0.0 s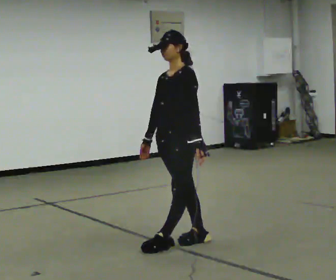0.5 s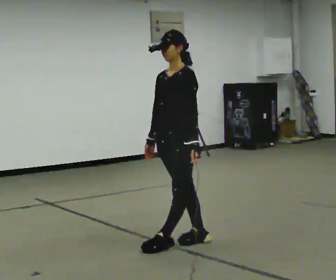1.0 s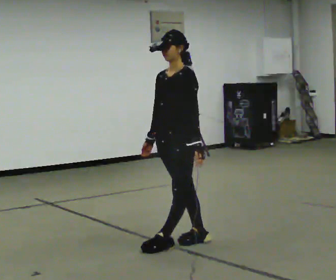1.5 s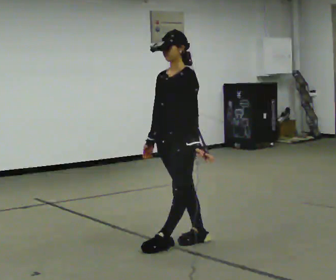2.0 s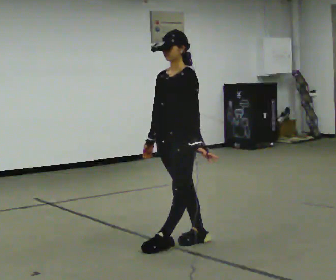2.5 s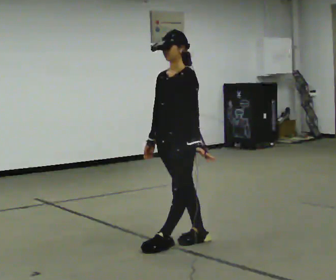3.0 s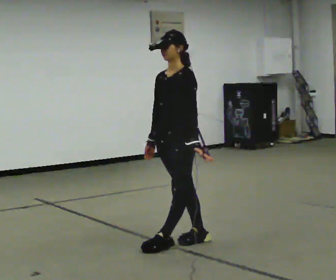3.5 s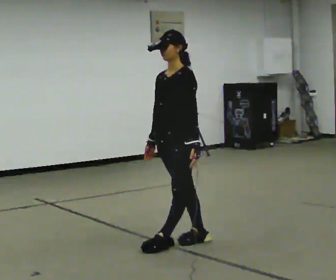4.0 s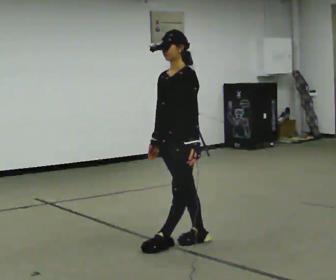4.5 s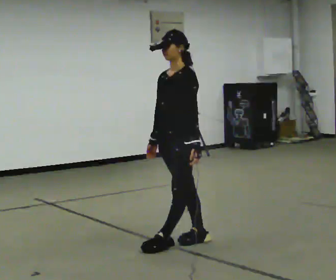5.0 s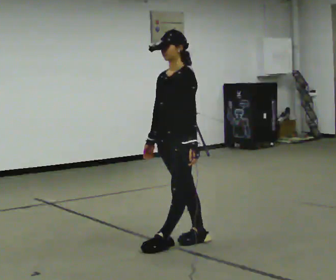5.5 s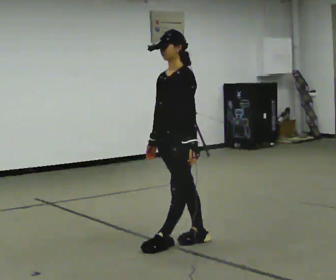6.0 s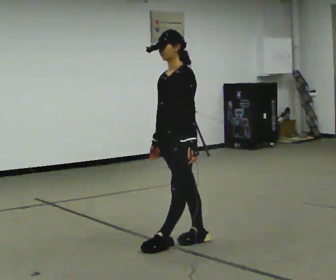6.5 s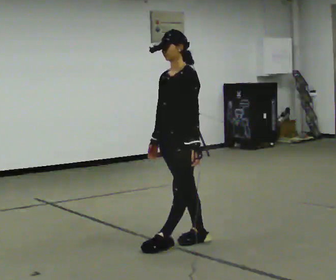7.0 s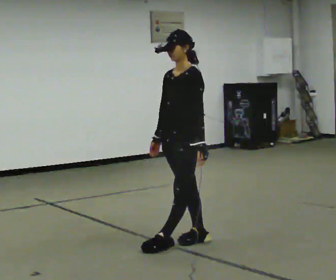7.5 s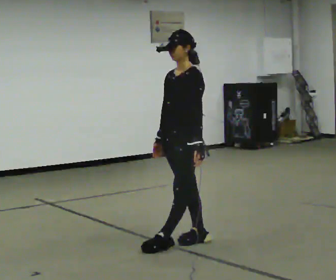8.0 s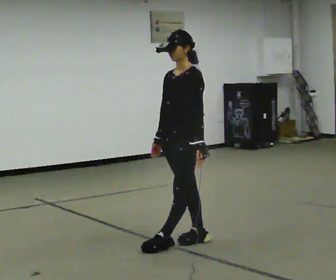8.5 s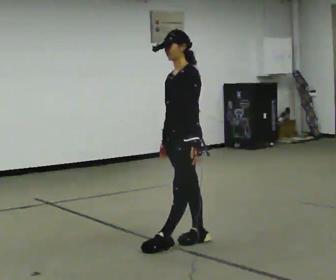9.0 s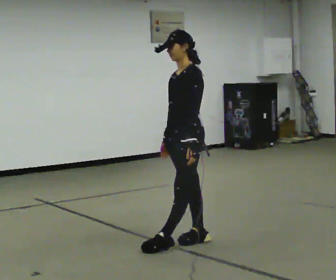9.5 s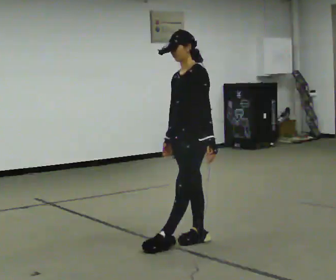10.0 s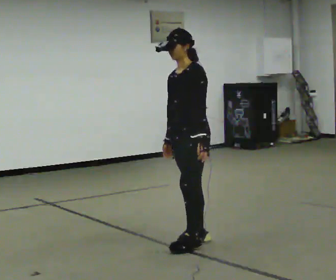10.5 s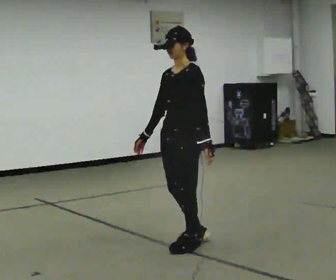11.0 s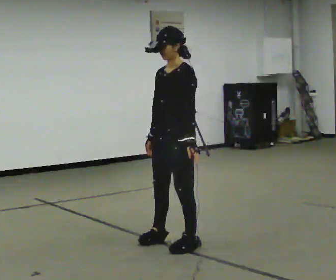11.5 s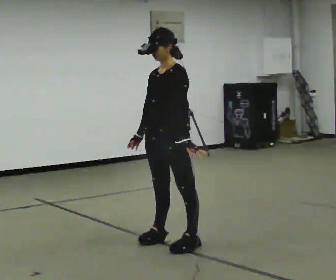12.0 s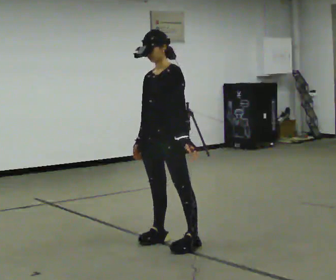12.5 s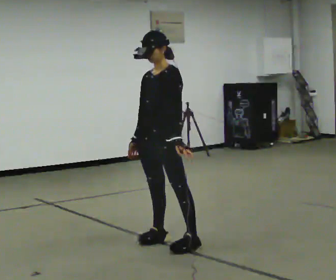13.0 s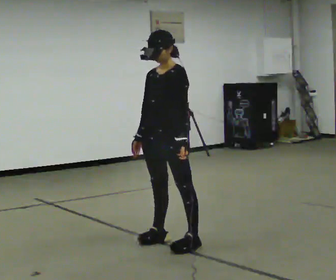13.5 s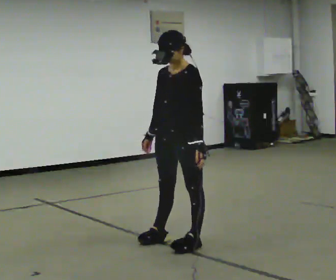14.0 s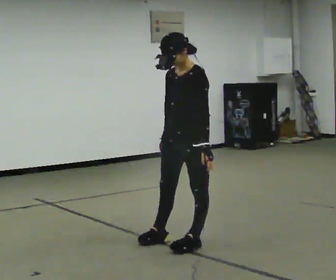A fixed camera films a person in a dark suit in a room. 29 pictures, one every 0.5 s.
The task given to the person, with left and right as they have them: Stand with one foot directly in front of the other, heel to toe, on the marked line. Hold your balance until you lose it, then step out. Repeat at your own pace until the operator says stop. Go slowly and only as far as you are comfortable. Step whenever you need to; do not try to hold on longer than feels safe.
0.0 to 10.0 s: The person moves a little, or ends about where they began.
10.0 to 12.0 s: In the picture they go to the left, about 0.25 m in 1 step, which for them is forward.
12.0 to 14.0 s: In the picture they go to the right and toward the camera, about 0.25 m, which for them is to their left.
The film runs forward here.
